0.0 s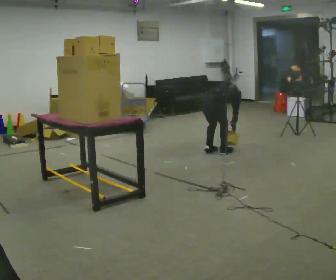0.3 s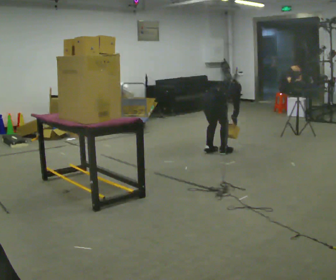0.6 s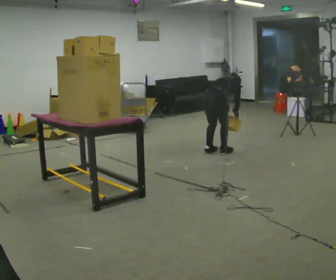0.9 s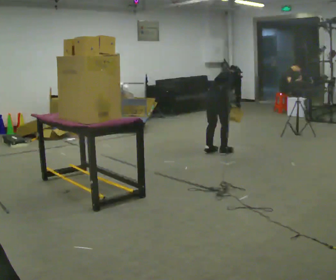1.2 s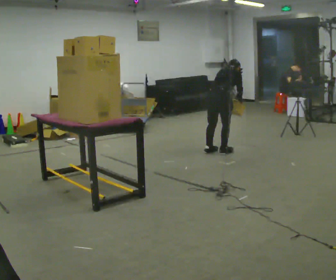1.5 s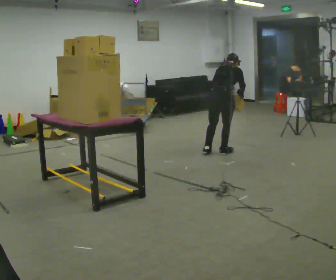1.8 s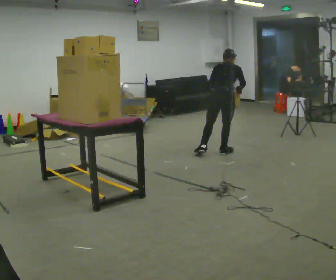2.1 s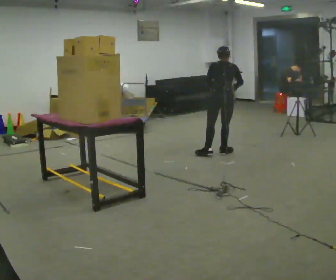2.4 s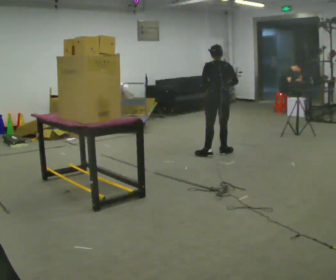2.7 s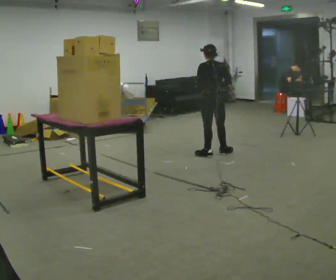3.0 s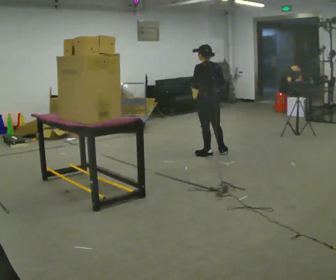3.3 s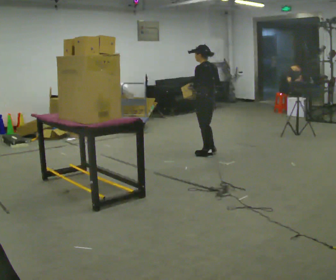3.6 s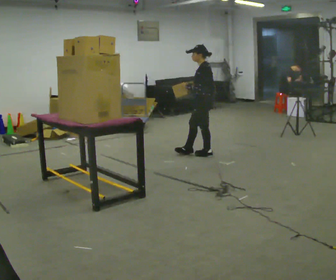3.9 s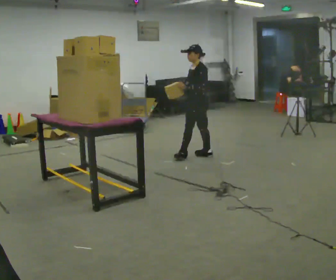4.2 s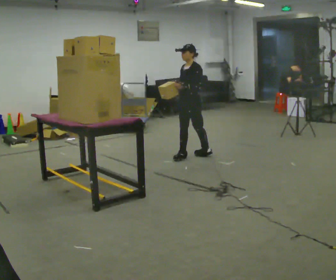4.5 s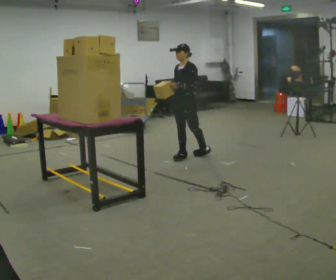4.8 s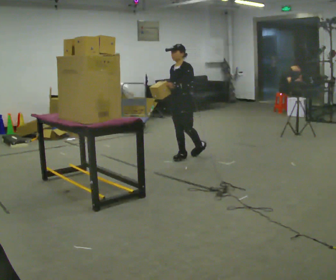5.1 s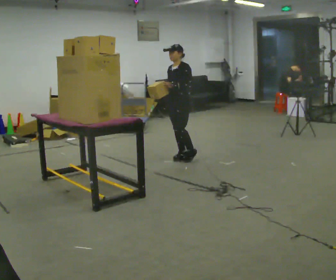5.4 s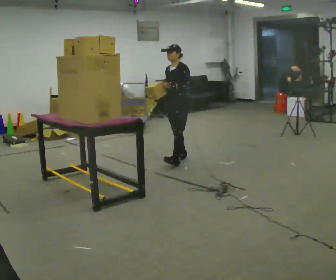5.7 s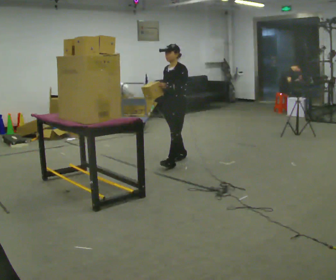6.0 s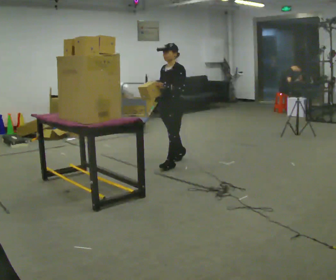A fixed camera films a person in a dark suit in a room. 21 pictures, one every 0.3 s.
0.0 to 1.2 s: The shoulders move upward. The upper body tips toward the camera, its near side rolling downward, as they lean back or straighten. In the picture their right hand goes upward.
1.2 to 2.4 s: The person turns about 45 degrees to their left, counterclockwise seen from above, so the part of the body nearest the lens slides to the right. The upper body tips toward the camera, its near side rolling downward, as they lean back or straighten.
2.4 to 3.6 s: The part of the body nearest the lens slides to the right as the person turns to their left by about 75 degrees. In the picture they go to the left, about 0.25 m. In the picture their right hand goes to the left.
3.6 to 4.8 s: The person turns about 45 degrees to their left, counterclockwise seen from above, so the part of the body nearest the lens slides to the right. In the picture they go to the left, about 0.25 m in 1 step, which for them is forward.
4.8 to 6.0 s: In the picture they go toward the camera, about 0.25 m in 1 step, which for them is forward and to their left.
The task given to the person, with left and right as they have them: Pick an object up off the floor, carry it across the room, and place it on the highest shelf you can comfortably reach. Keep going until the operator says stop; one object at a time, and do not rush between trips.
The film runs forward here.
